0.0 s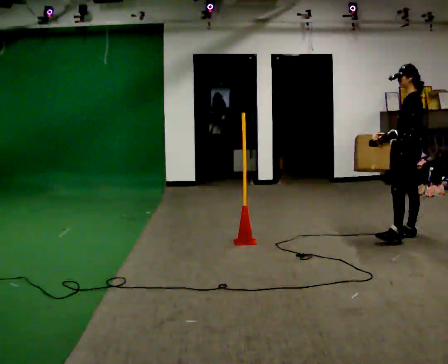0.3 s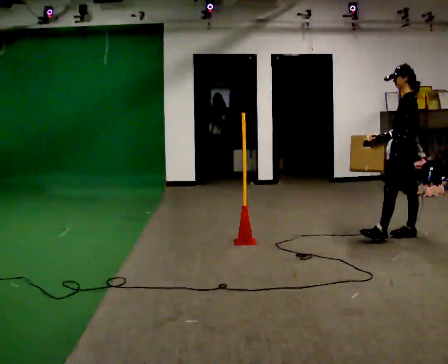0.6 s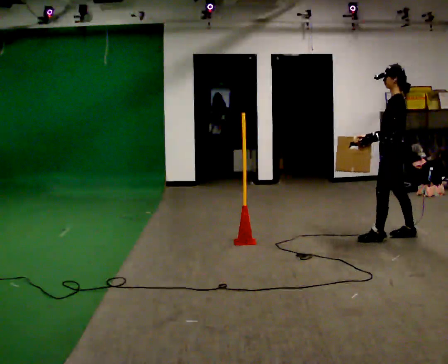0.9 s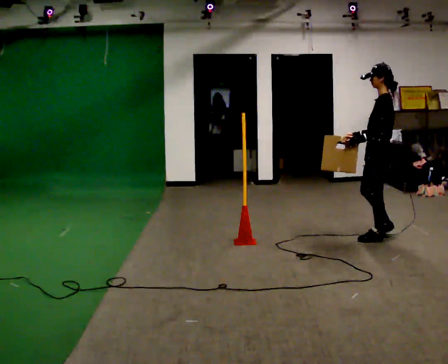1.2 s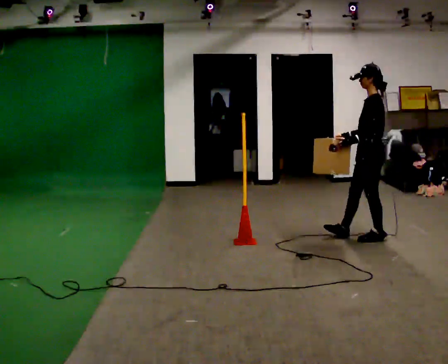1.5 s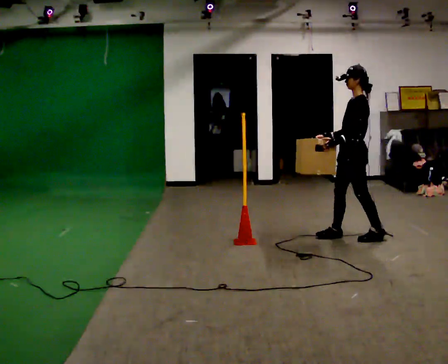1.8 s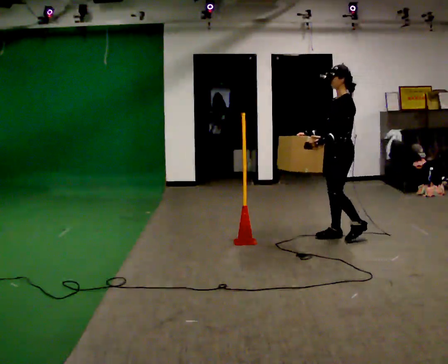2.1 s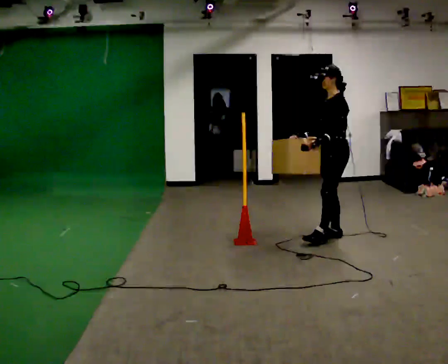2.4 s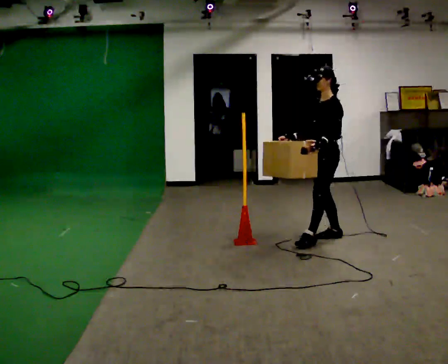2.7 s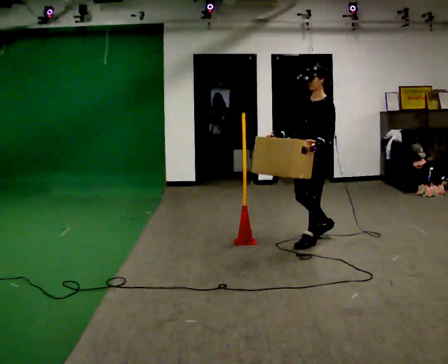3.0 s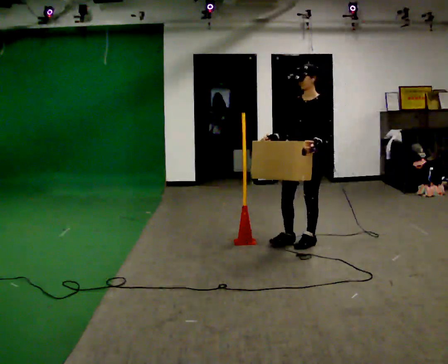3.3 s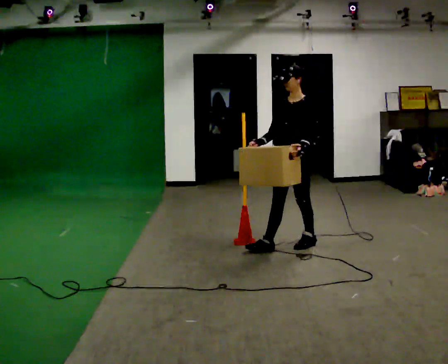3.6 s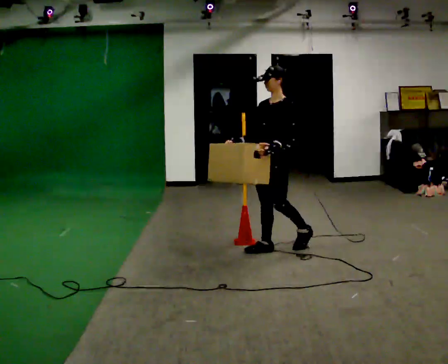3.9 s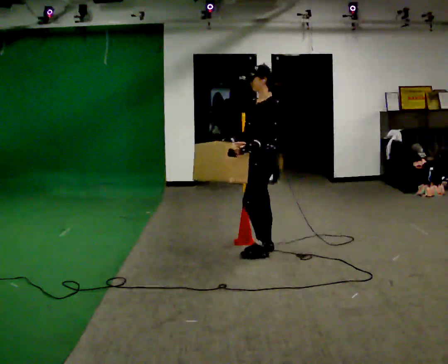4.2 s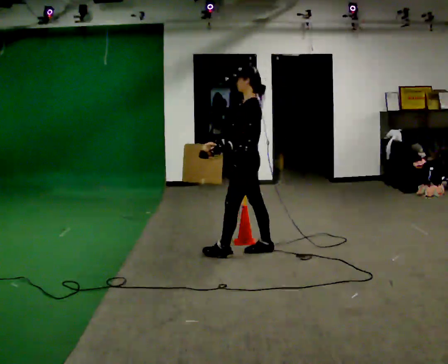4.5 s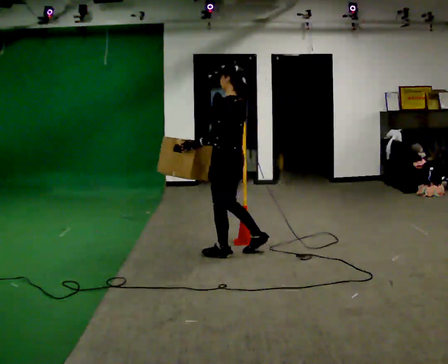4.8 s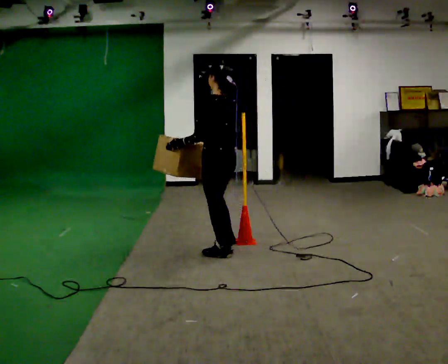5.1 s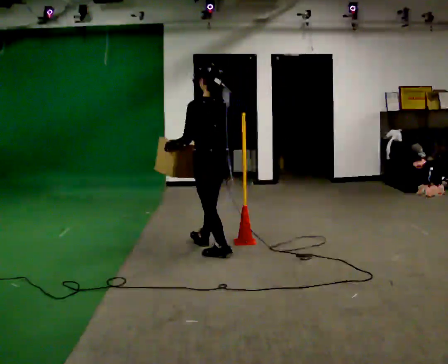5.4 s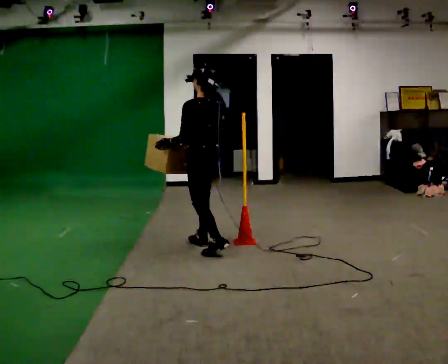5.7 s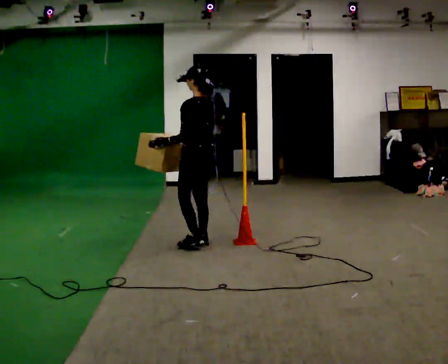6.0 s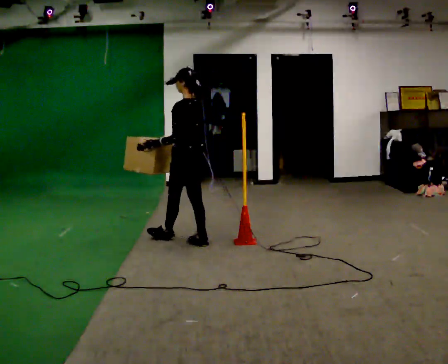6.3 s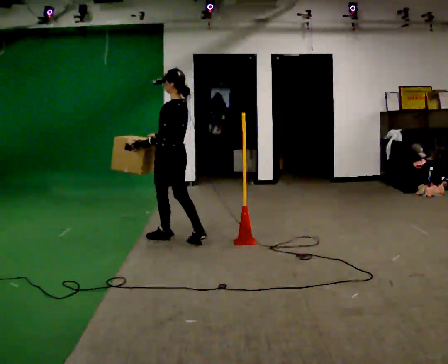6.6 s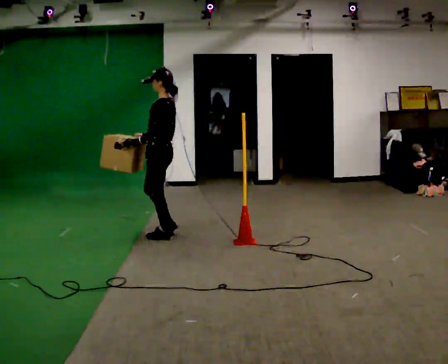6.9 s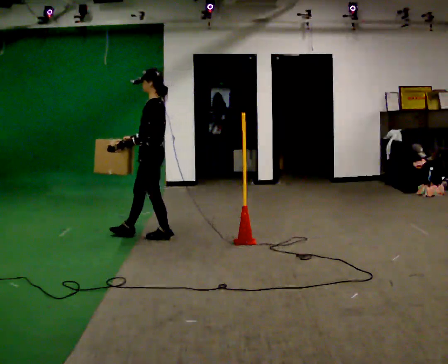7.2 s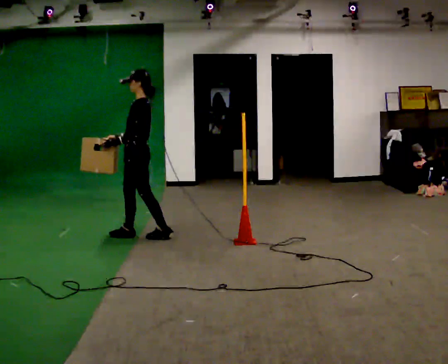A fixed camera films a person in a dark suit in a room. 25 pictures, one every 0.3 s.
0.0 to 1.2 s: In the picture they go to the left, about 0.5 m in 1 step, which for them is forward.
1.2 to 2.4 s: The part of the body nearest the lens slides to the right as the person turns to their left by about 30 degrees. In the picture they go to the left, about 0.5 m in 2 steps, which for them is forward.
2.4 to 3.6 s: In the picture they go to the left and toward the camera, about 0.5 m in 1 step, which for them is forward.
3.6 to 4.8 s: Seen from above the body turns clockwise, about 90 degrees: to their right, with its near side sliding to the left. In the picture they go to the left, about 0.5 m in 1 step.
4.8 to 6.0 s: In the picture they go away from the camera and to the left, about 0.5 m in 2 steps, which for them is forward.
6.0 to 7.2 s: Seen from above the body turns counterclockwise, about 45 degrees: to their left, with its near side sliding to the right. In the picture they go to the left, about 0.5 m in 1 step, which for them is forward.
The film runs forward here.
